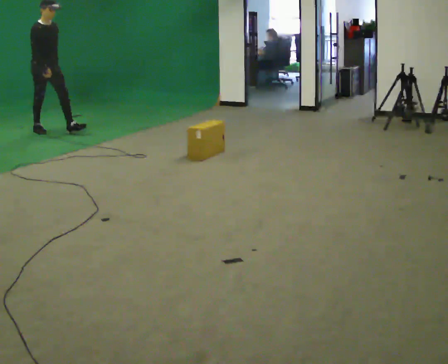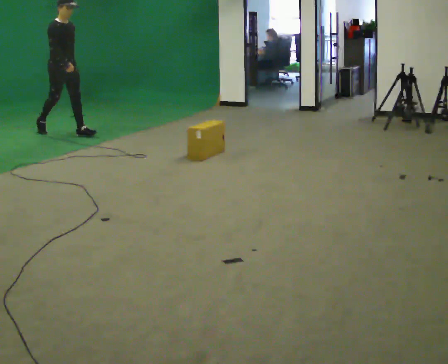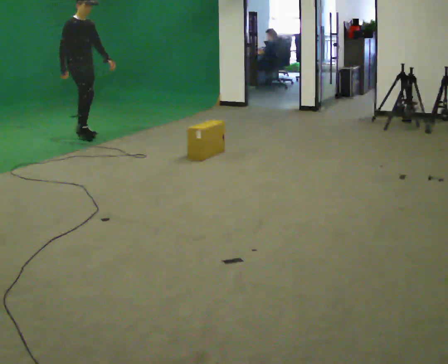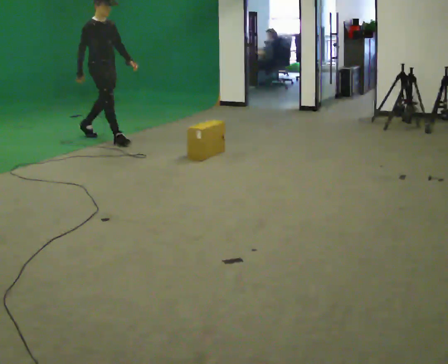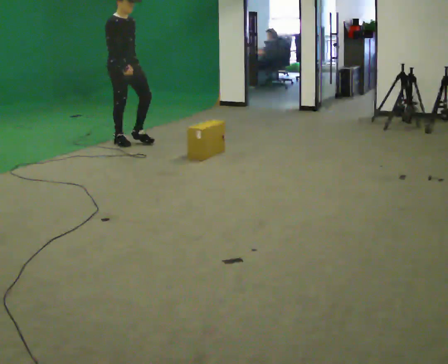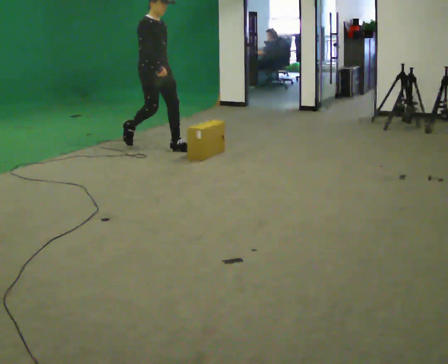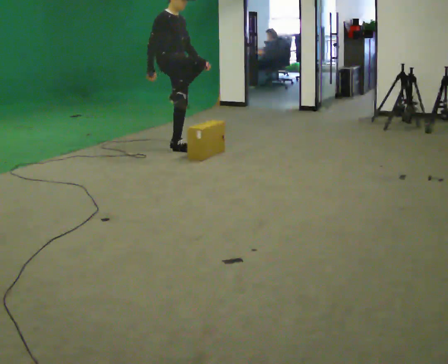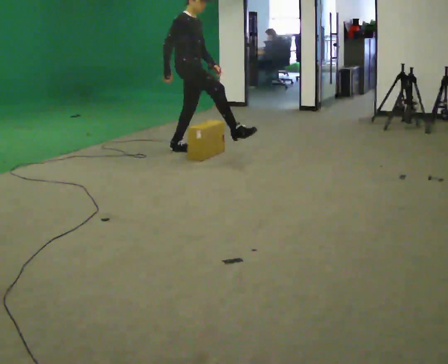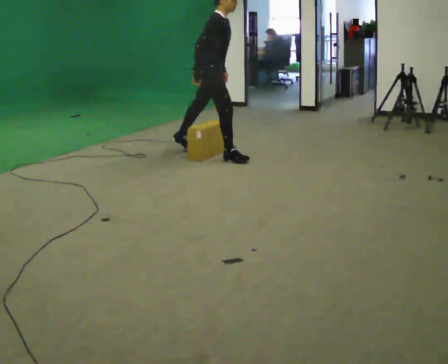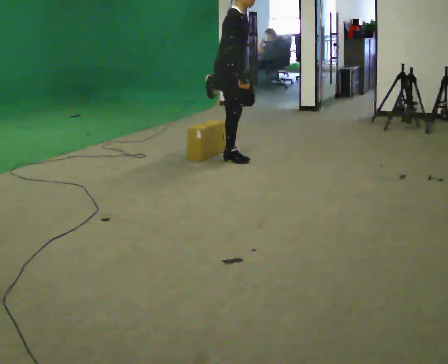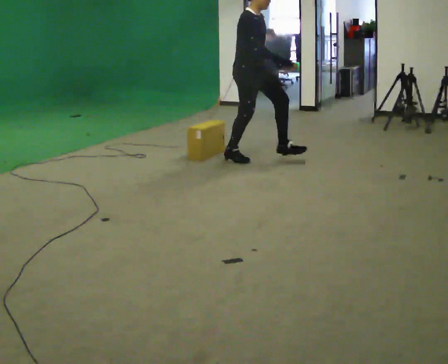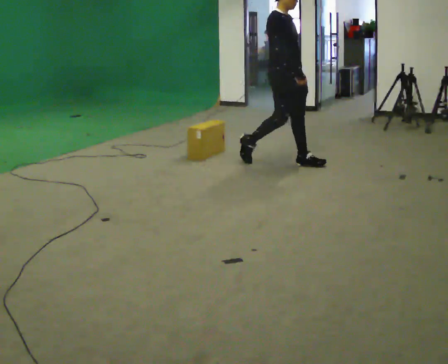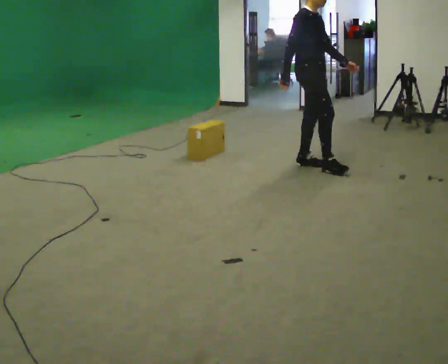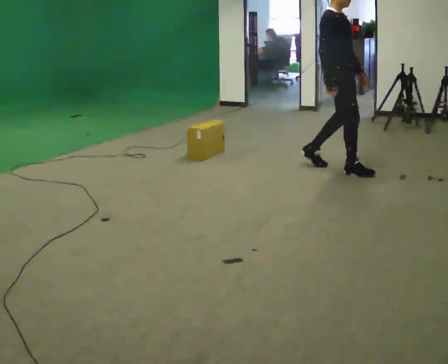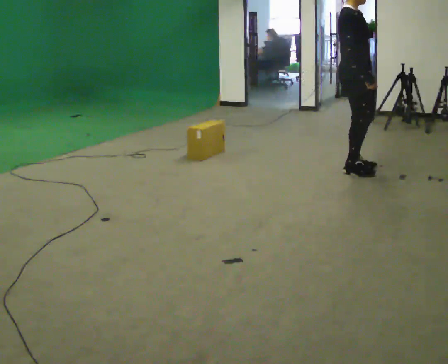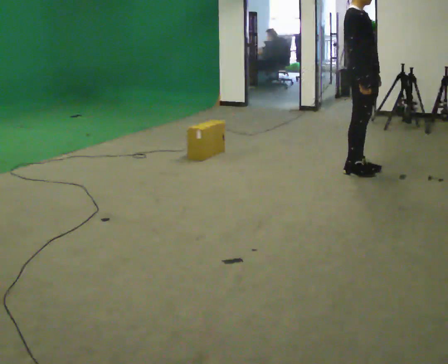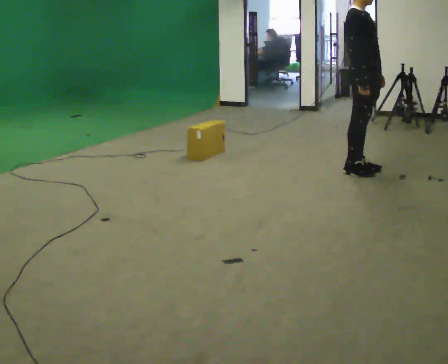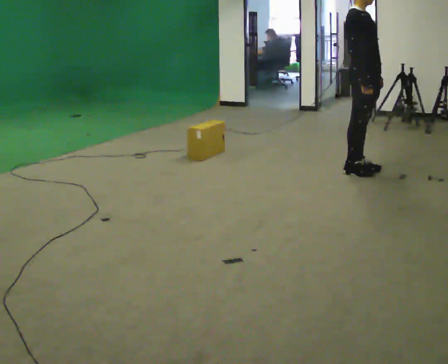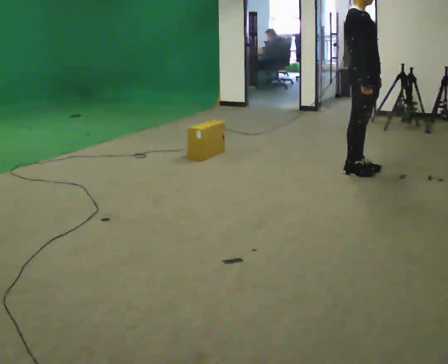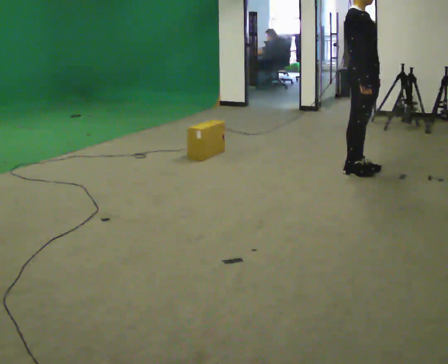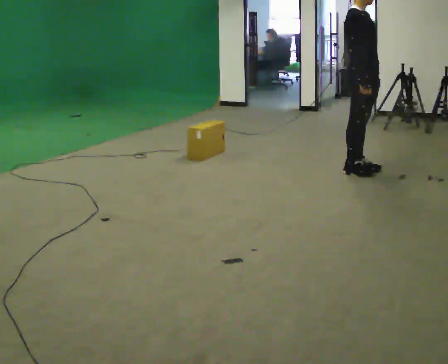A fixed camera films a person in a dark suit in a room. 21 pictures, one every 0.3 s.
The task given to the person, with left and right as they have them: Walk toward low obstacle; step over without stopping; continue.
0.0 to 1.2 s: In the picture they go to the right and toward the camera, about 1.5 m in 2 steps, which for them is forward.
1.2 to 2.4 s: The person turns about 30 degrees to their left, counterclockwise seen from above, so the part of the body nearest the lens slides to the right. In the picture they go to the right and toward the camera, about 1 m in 2 steps, which for them is forward. In the picture the upper body tilts clockwise, shoulders to the right, as they bend forward.
2.4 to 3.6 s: In the picture they go to the right, about 1 m in 1 step, which for them is forward.
3.6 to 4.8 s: In the picture they go to the right and toward the camera, about 0.5 m in 2 steps, which for them is forward.
4.8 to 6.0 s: The person moves a little, or ends about where they began.
The film runs forward here.
